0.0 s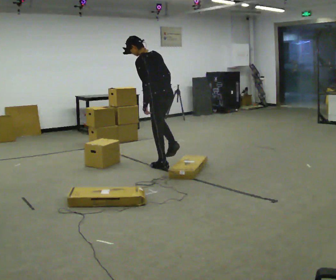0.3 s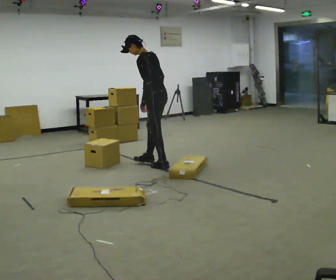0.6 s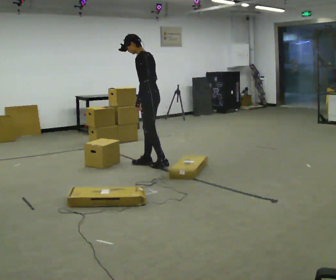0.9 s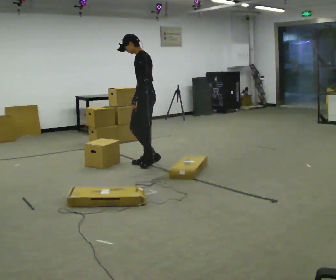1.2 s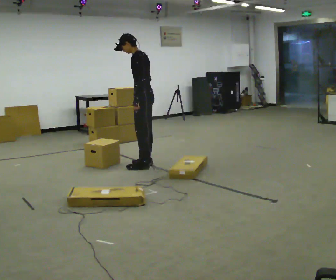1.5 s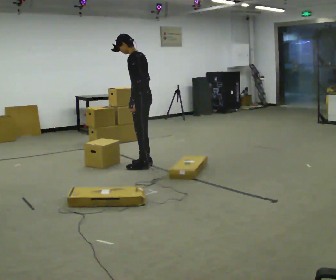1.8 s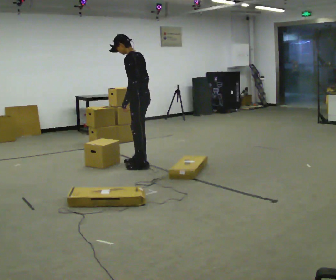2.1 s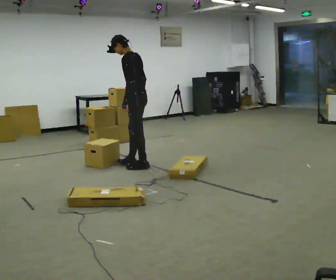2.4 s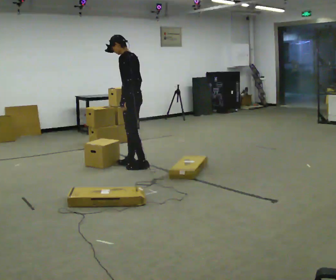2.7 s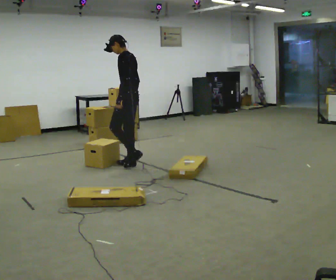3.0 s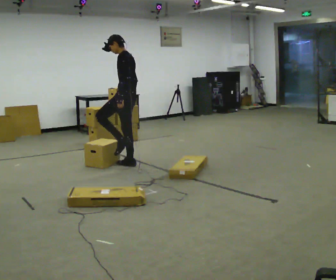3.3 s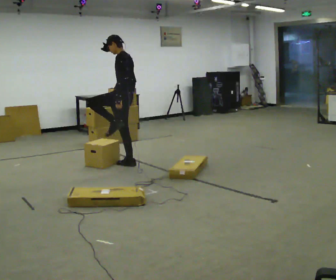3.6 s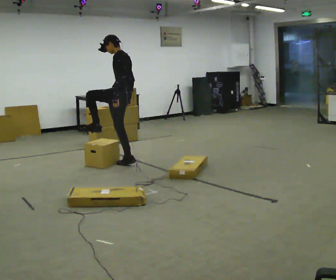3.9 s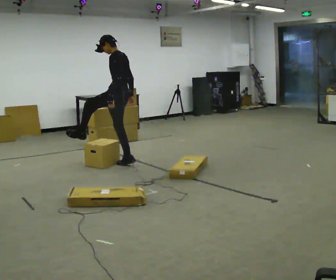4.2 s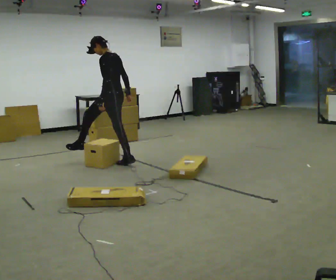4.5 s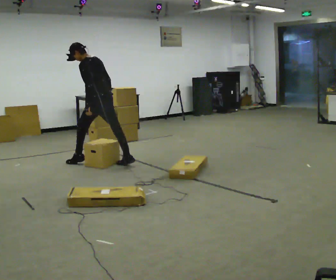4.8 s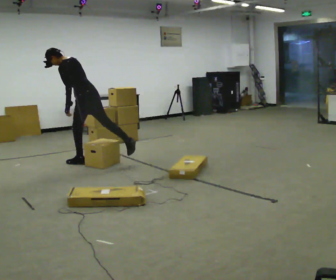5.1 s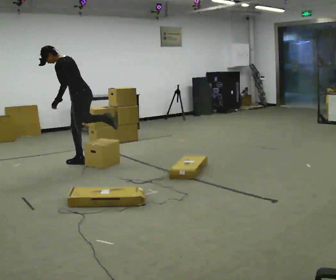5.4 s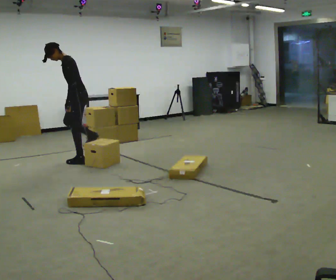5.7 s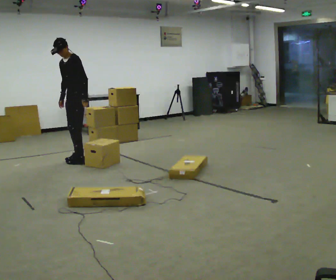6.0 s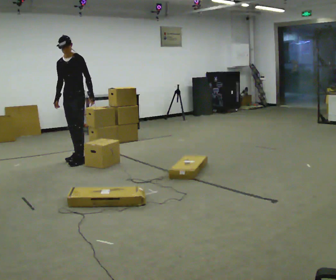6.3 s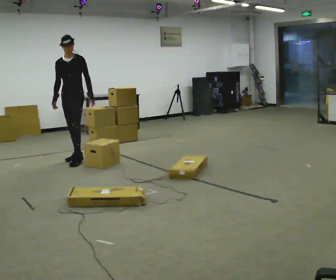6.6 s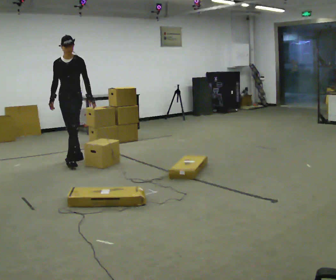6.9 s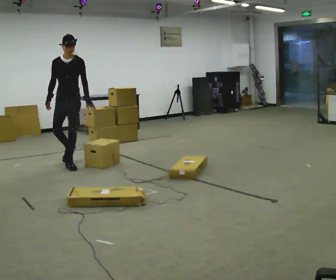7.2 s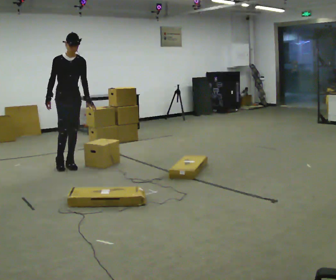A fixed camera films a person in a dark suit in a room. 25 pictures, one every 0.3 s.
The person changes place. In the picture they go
to the left.
The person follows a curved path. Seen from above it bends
counterclockwise.
0.0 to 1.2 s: The person turns about 30 degrees to their left, counterclockwise seen from above, so the part of the body nearest the lens slides to the right. In the picture they go to the left, about 0.25 m in 2 steps, which for them is forward. In the picture their right hand goes to the left.
1.2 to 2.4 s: In the picture they go to the left, about 0.25 m in 1 step, which for them is forward.
2.4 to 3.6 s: The person moves a little, or ends about where they began.
3.6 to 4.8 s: In the picture they go to the left, about 0.5 m in 1 step, which for them is forward. In the picture the upper body tilts counterclockwise, shoulders to the left, as they bend forward.
4.8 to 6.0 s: The part of the body nearest the lens slides to the right as the person turns to their left by about 90 degrees. In the picture they go away from the camera and to the left, about 0.25 m in 1 step. In the picture the upper body tilts clockwise, shoulders to the right, as they lean back or straighten.
6.0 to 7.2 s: Seen from above the body turns counterclockwise, about 60 degrees: to their left, with its near side sliding to the right. In the picture they go toward the camera, about 0.25 m in 1 step, which for them is forward. In the picture the upper body tilts clockwise, shoulders to the right.
The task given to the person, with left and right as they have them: Walk back and forth across the room at a normal pace, looking ahead. There may be something on the floor. Recover however comes naturally and carry on.
The film runs forward here.
